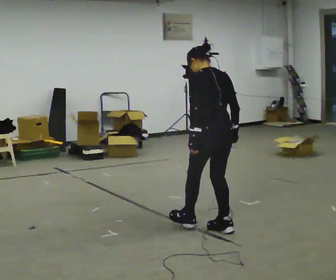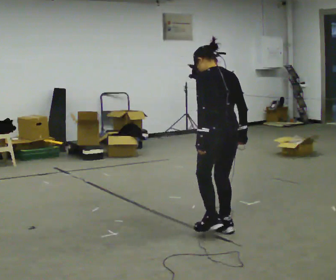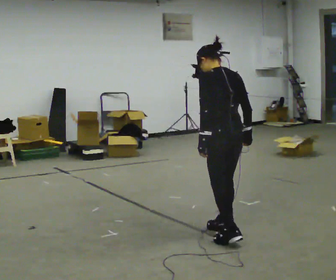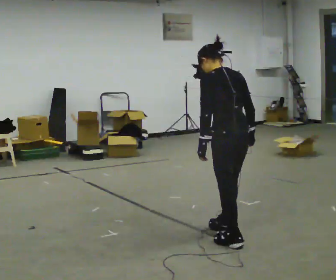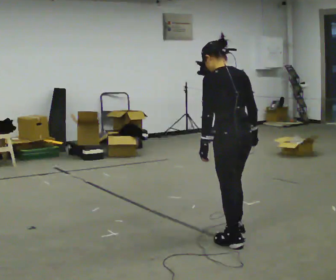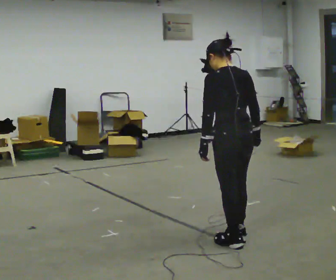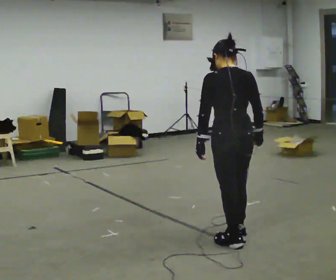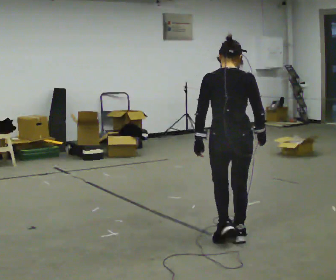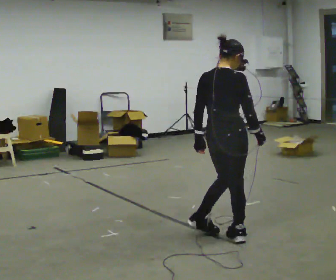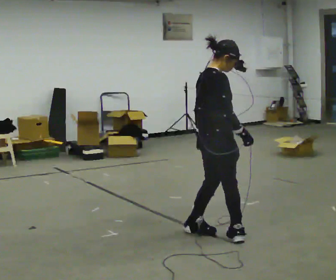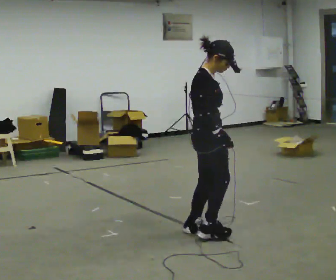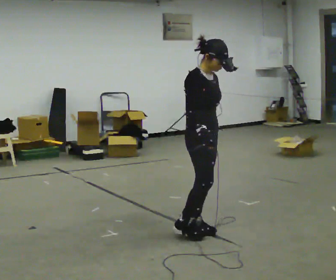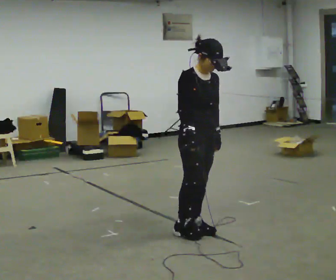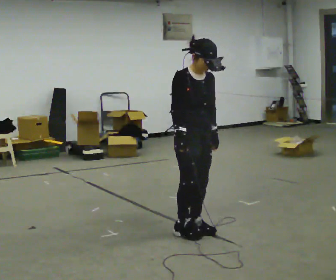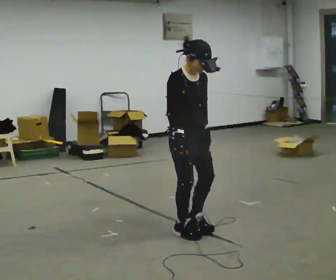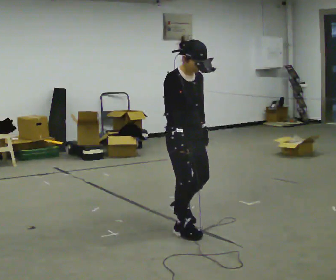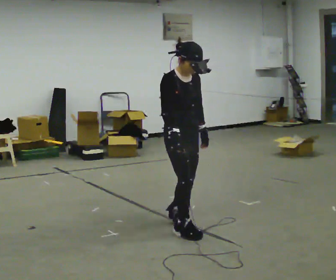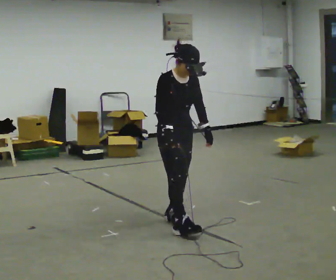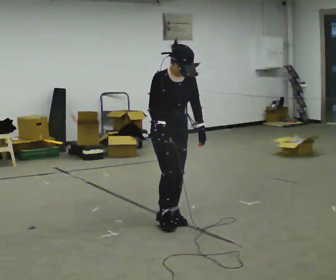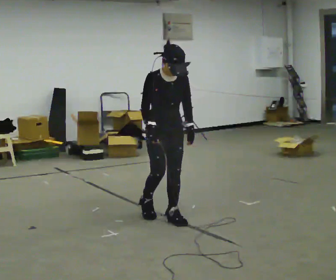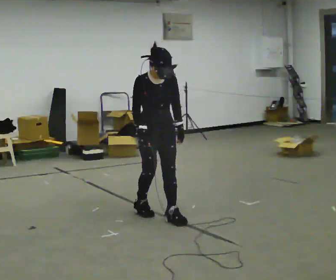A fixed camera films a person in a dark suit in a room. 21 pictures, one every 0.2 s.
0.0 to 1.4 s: The part of the body nearest the lens slides to the left as the person turns to their right by about 45 degrees. In the picture they go toward the camera, about 0.25 m in 2 steps, which for them is backward.
1.4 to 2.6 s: Seen from above the body turns clockwise, about 135 degrees: to their right, with its near side sliding to the left. In the picture they go to the left and away from the camera, about 0.25 m in 2 steps.
2.6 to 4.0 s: In the picture they go away from the camera and to the left, about 0.5 m in 2 steps, which for them is backward.
The film runs forward here.
